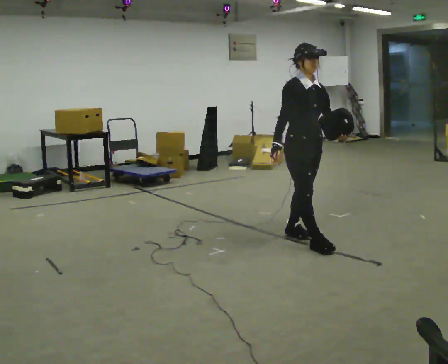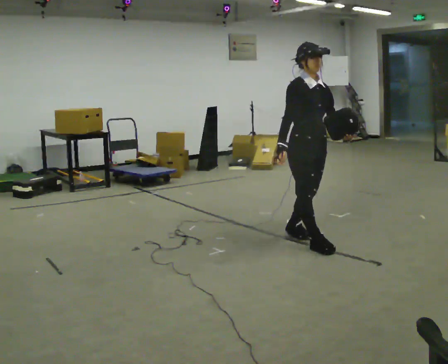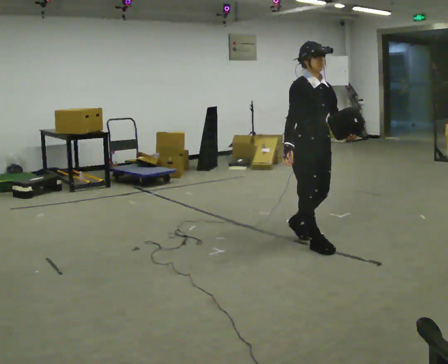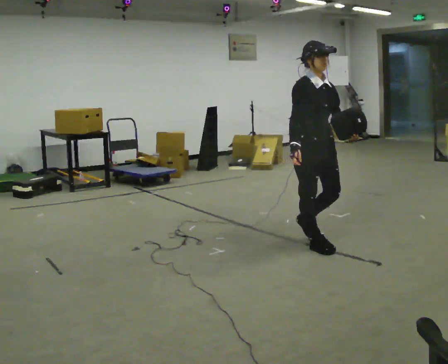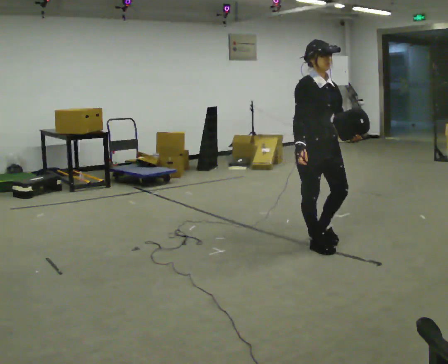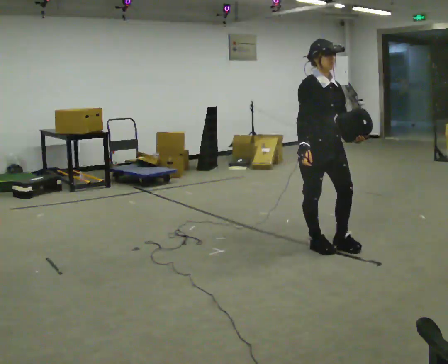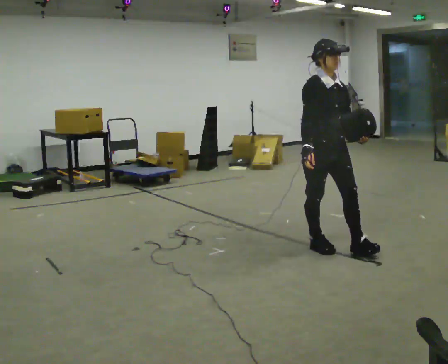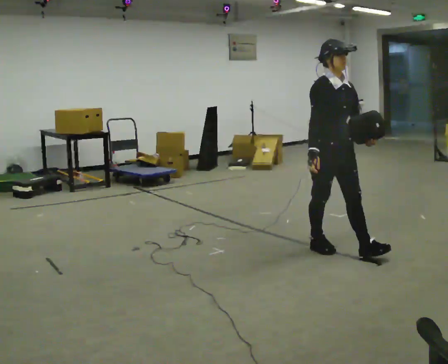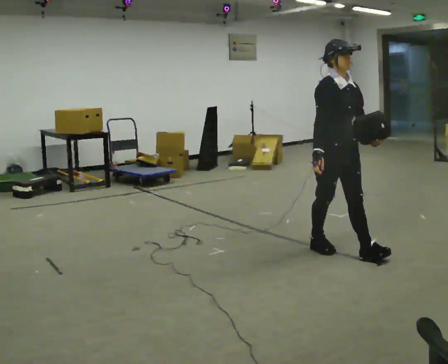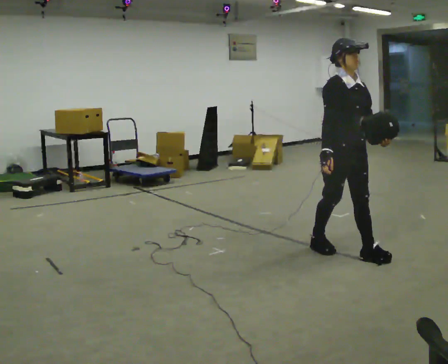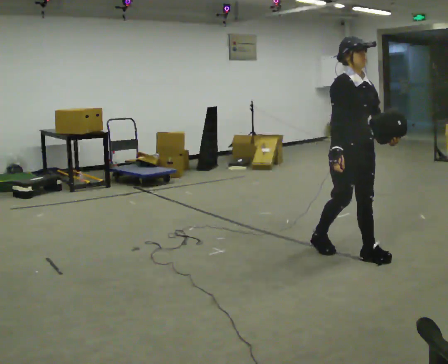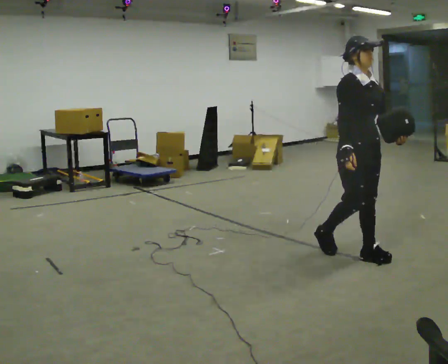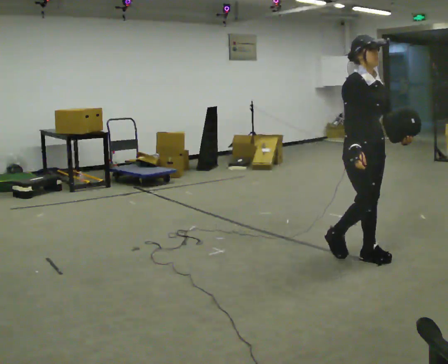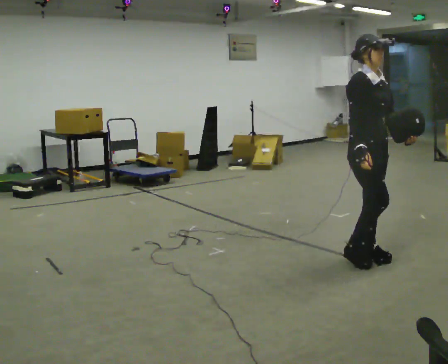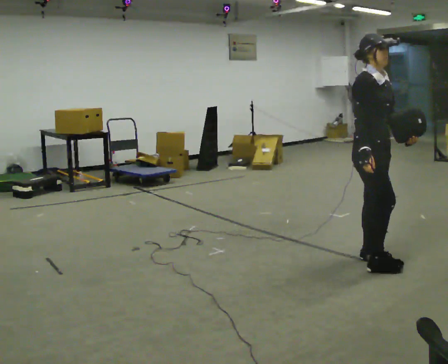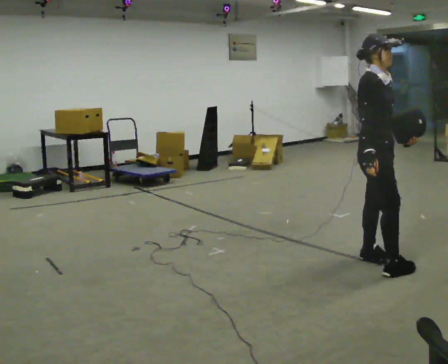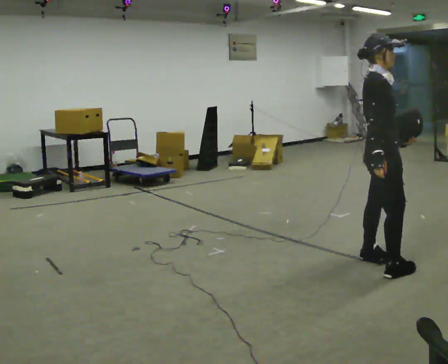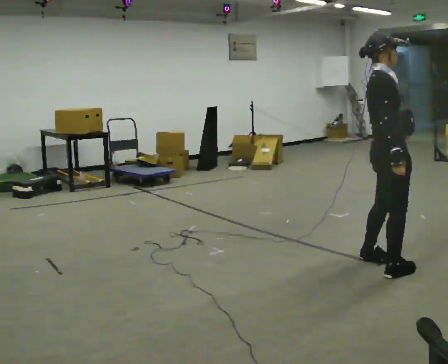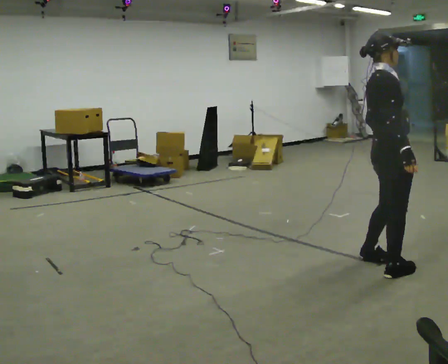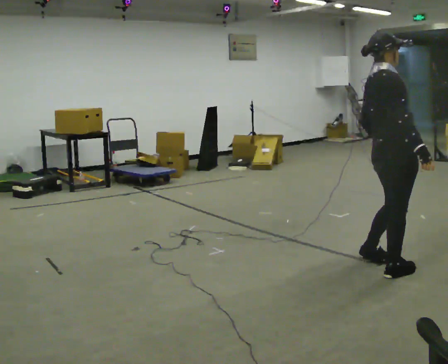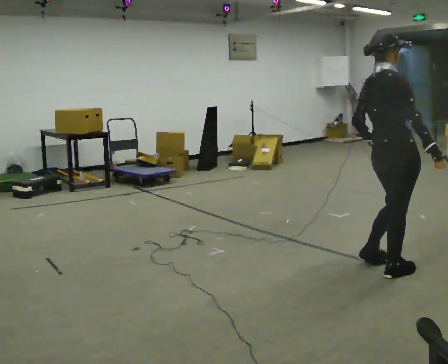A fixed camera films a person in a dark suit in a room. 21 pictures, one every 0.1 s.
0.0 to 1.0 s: In the picture they go to the right and toward the camera, about 0.5 m in 1 step, which for them is forward.
1.0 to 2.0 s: Seen from above the body turns counterclockwise, about 75 degrees: to their left, with its near side sliding to the right. In the picture they go toward the camera and to the right, about 0.5 m in 1 step.
The film runs forward here.
